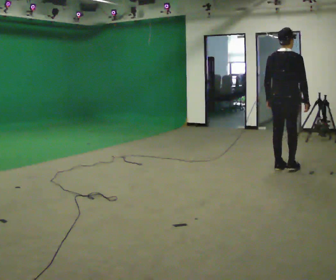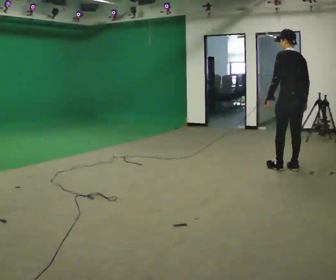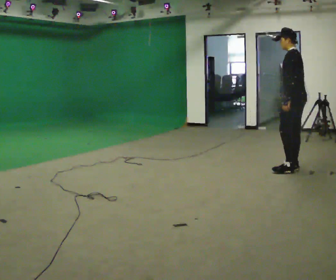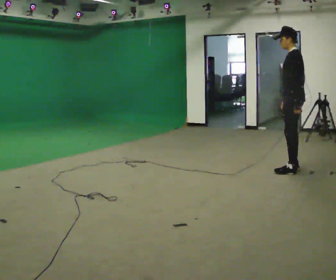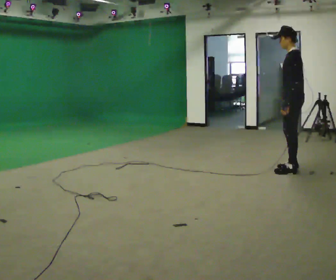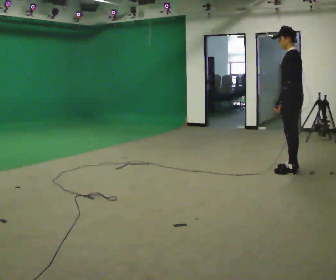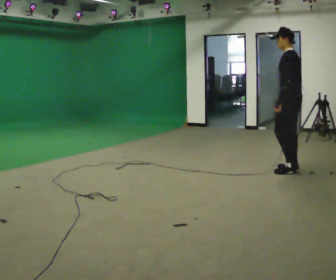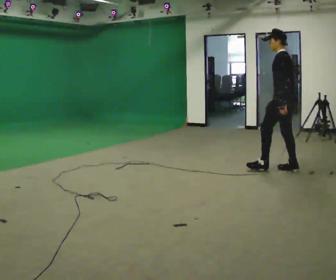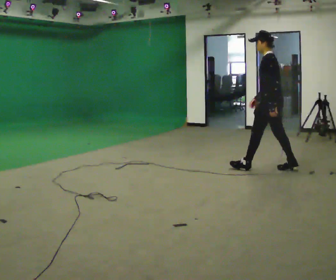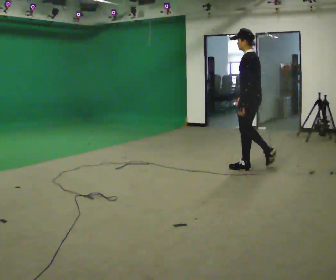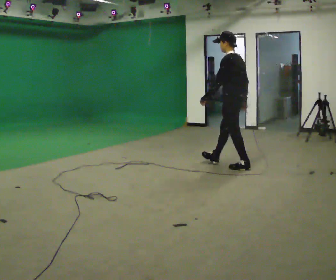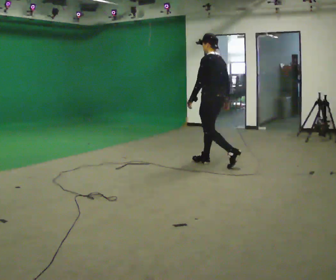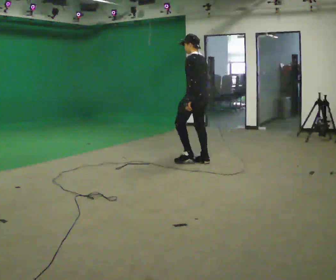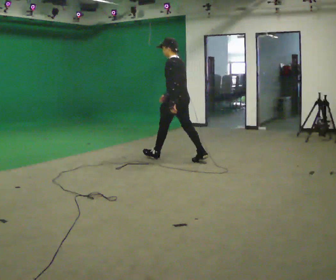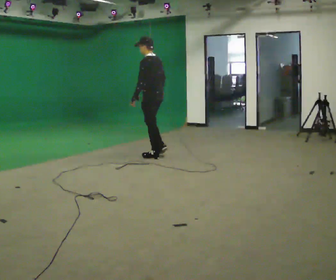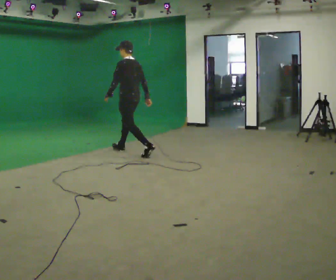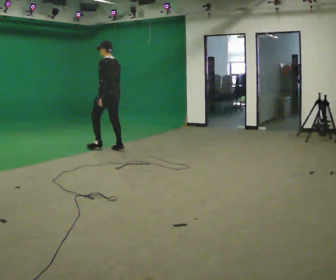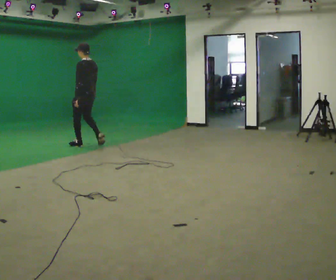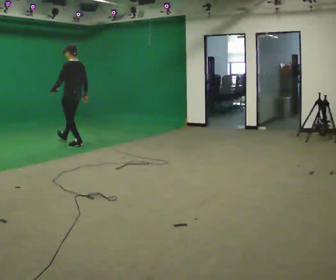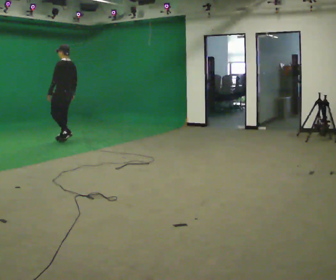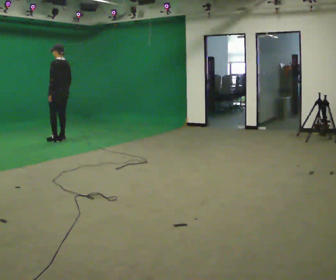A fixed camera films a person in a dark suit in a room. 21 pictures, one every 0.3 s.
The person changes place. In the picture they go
to the left.
0.0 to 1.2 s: The person turns about 105 degrees to their left, counterclockwise seen from above, so the part of the body nearest the lens slides to the right.
1.2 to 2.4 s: In the picture they go to the left, about 0.25 m in 1 step, which for them is forward.
2.4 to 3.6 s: In the picture they go to the left and away from the camera, about 1 m in 1 step, which for them is forward.
3.6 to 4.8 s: In the picture they go to the left and away from the camera, about 1.5 m in 2 steps, which for them is forward.
4.8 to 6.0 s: In the picture they go to the left and away from the camera, about 1 m in 3 steps, which for them is forward.
The film runs forward here.
